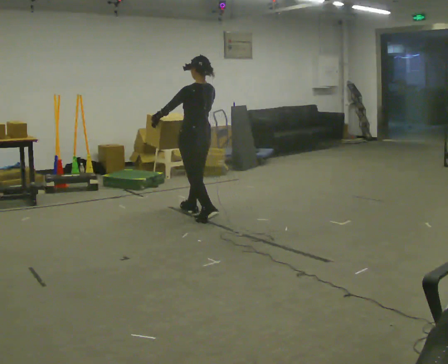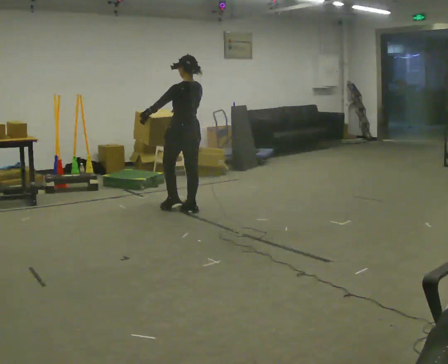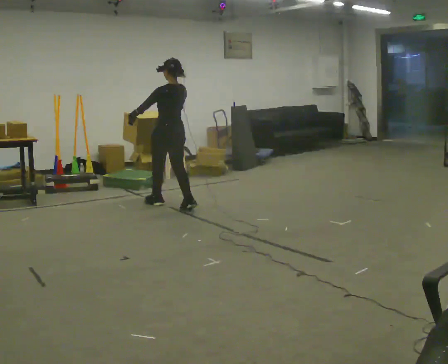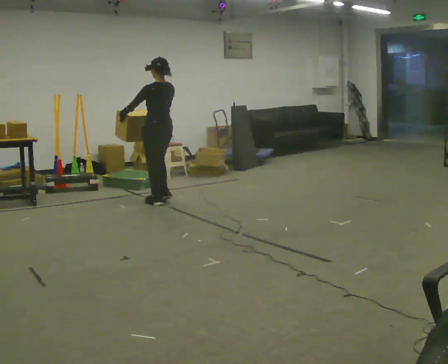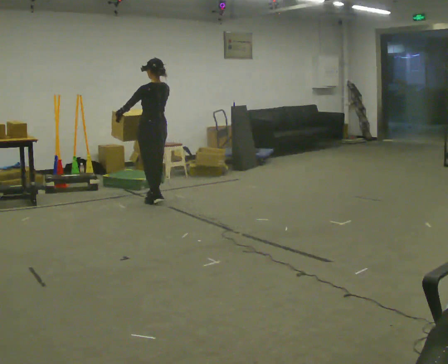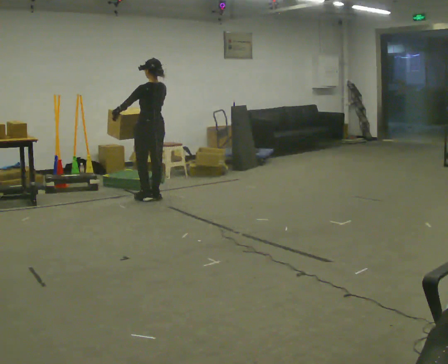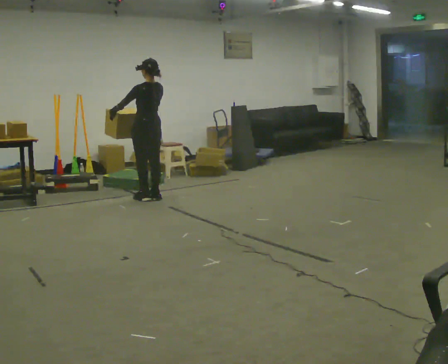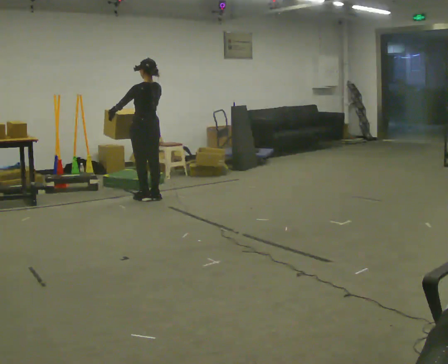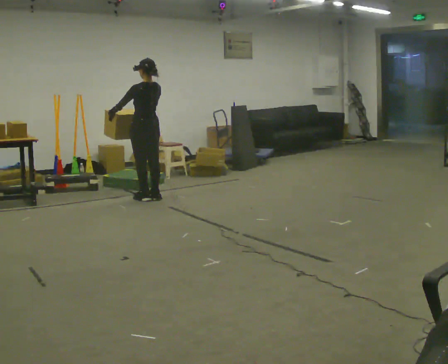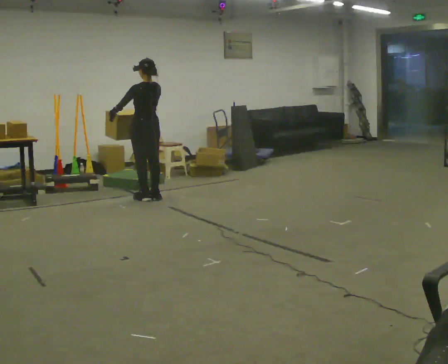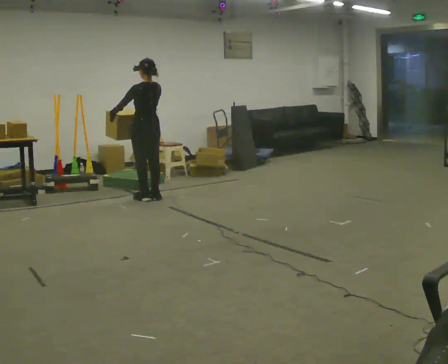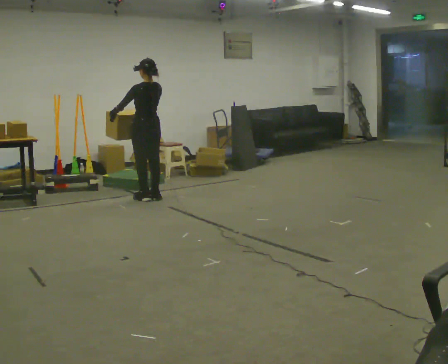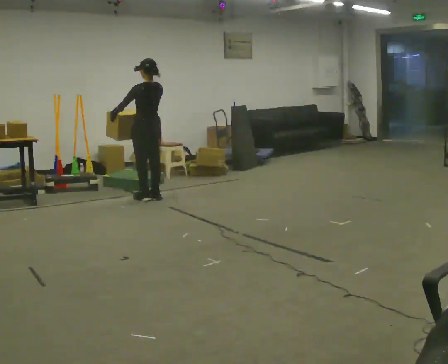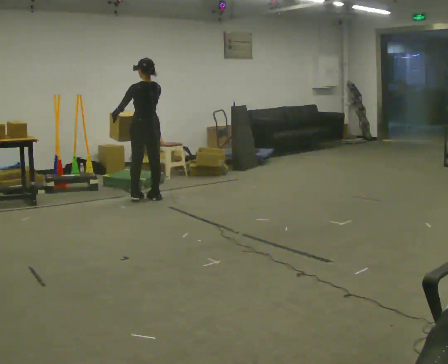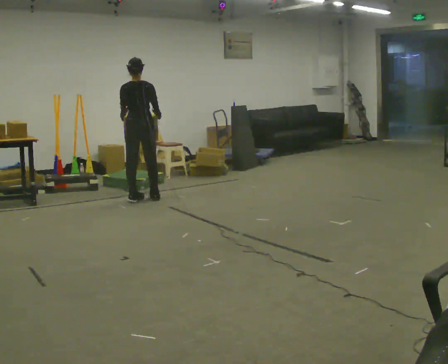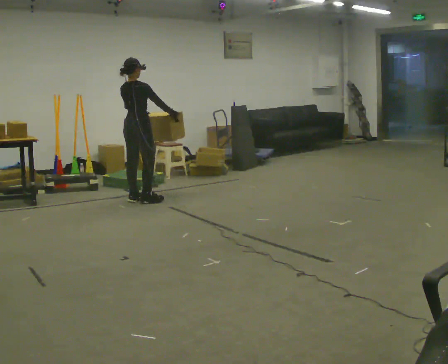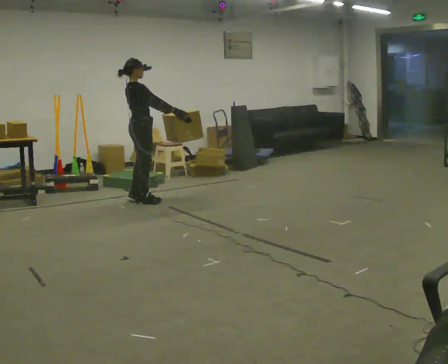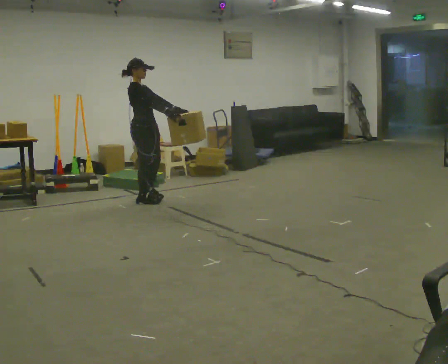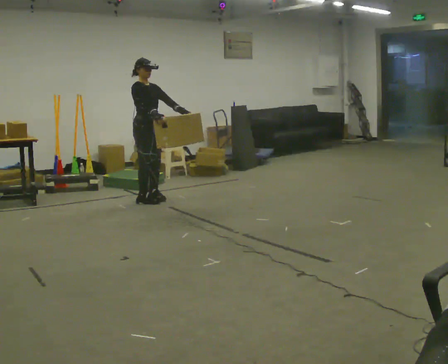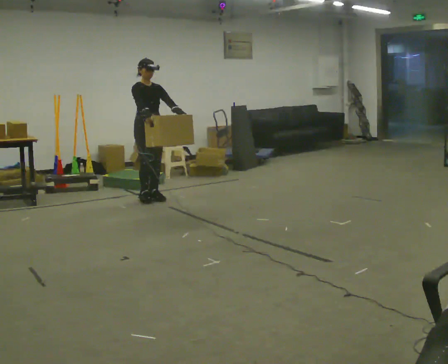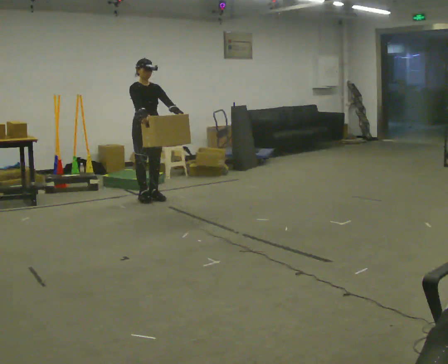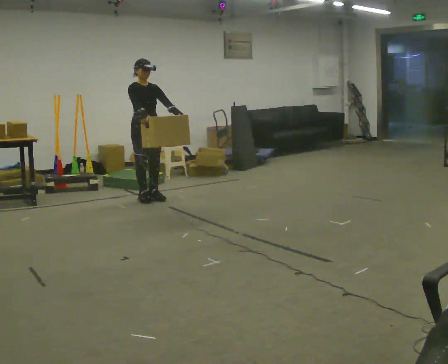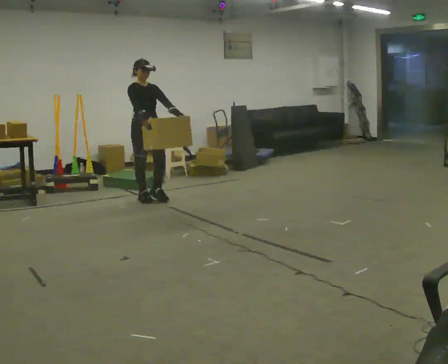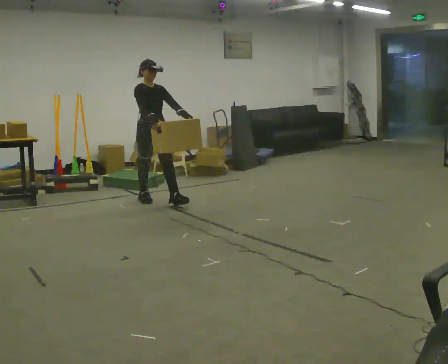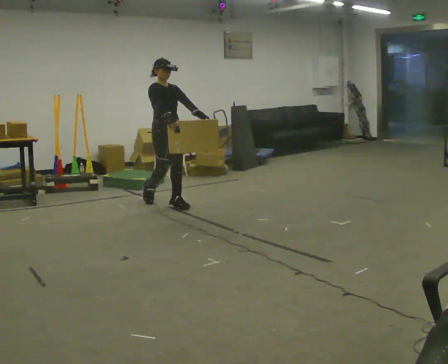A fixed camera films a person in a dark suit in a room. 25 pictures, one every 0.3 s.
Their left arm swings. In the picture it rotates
counterclockwise.
The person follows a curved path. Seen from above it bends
counterclockwise.
0.0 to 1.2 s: In the picture they go away from the camera and to the left, about 1 m in 2 steps, which for them is forward.
1.2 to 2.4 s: The person moves a little, or ends about where they began.
2.4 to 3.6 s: The person keeps their place and pose.
3.6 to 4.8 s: The person turns about 105 degrees to their right, clockwise seen from above, so the part of the body nearest the lens slides to the left. In the picture they go toward the camera, about 0.25 m in 2 steps. In the picture their right hand goes to the right.
4.8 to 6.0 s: The person turns about 75 degrees to their right, clockwise seen from above, so the part of the body nearest the lens slides to the left. In the picture their right hand goes to the left.
6.0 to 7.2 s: In the picture they go toward the camera and to the right, about 0.5 m in 1 step, which for them is forward.
The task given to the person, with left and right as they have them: Carry the heavy box in both hands in front of you, walking back and forth across the room. Keep walking until the operator says stop. Set it down if you need a rest.
The film runs forward here.
